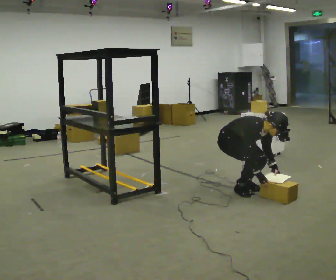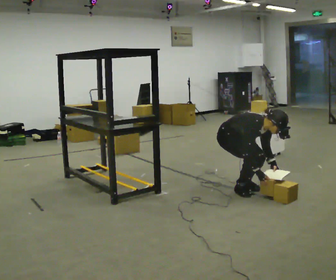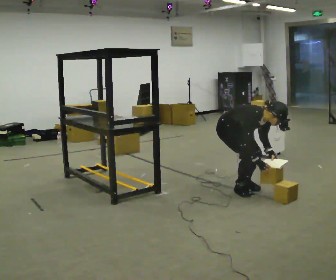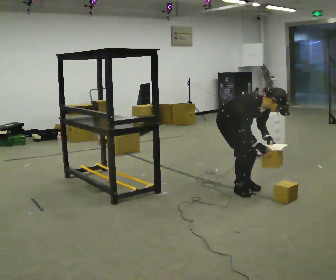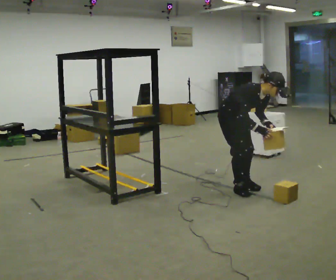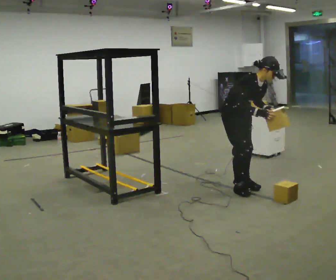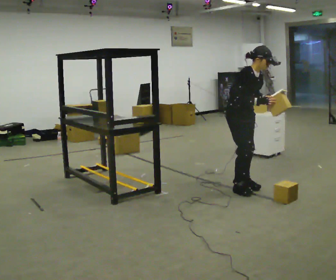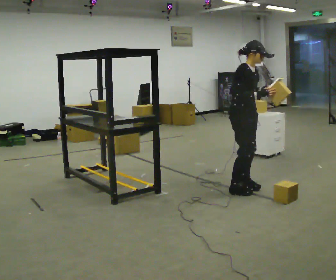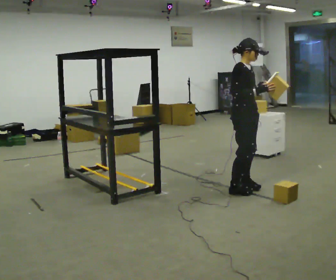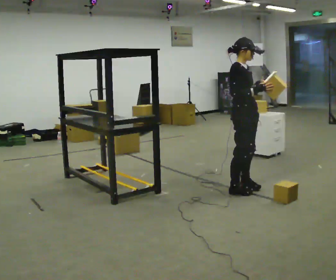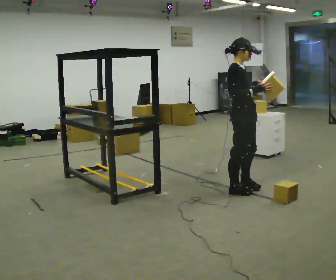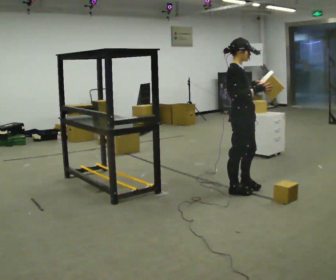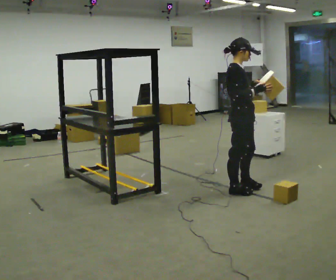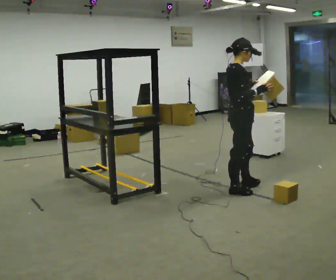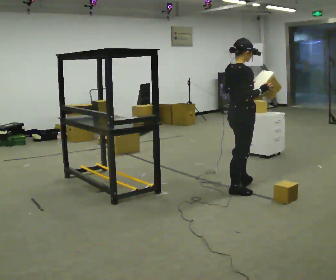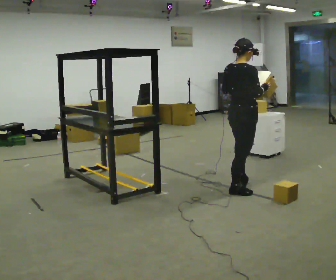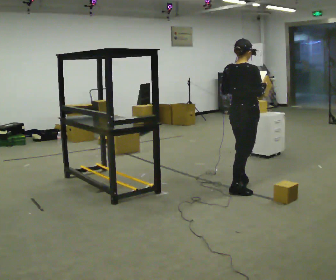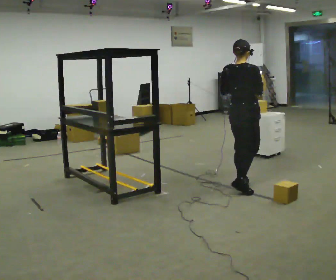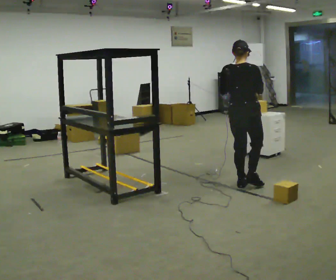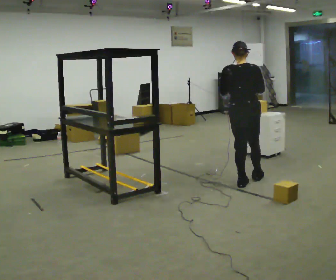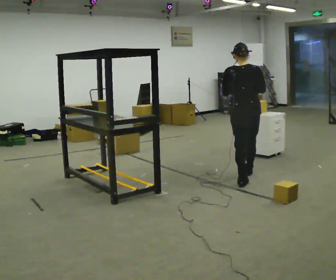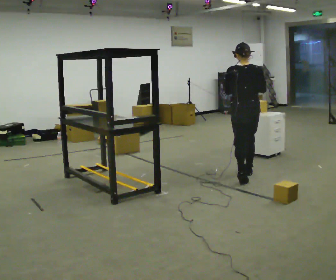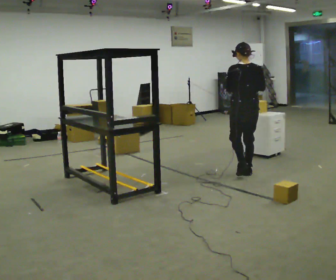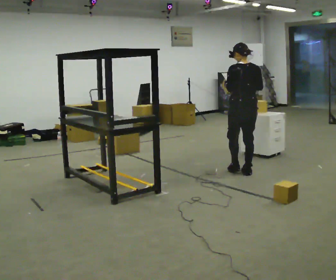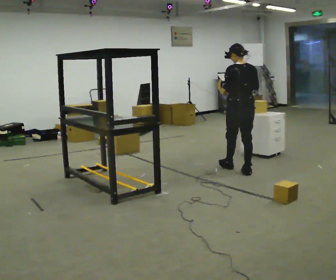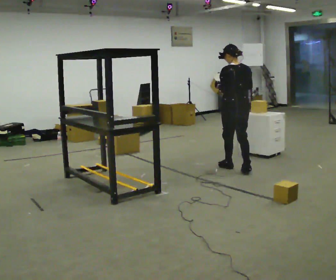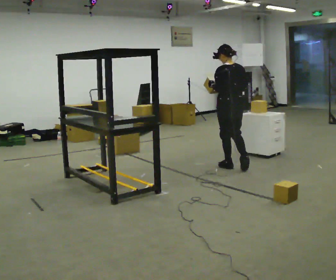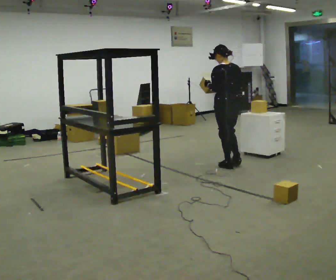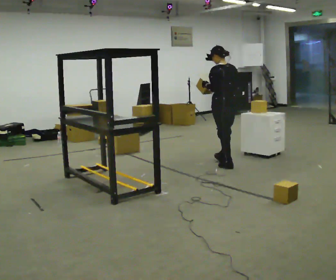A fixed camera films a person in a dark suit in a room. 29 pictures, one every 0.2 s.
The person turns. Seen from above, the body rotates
counterclockwise.
The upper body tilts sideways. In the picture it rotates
counterclockwise.
0.0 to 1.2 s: The shoulders move upward. In the picture the upper body tilts counterclockwise, shoulders to the left, as they lean back or straighten. In the picture their right hand goes upward.
1.2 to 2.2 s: In the picture they go toward the camera, about 0.25 m, which for them is to their right. In the picture the upper body tilts counterclockwise, shoulders to the left, as they lean back or straighten.
2.2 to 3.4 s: The person turns about 60 degrees to their left, counterclockwise seen from above, so the part of the body nearest the lens slides to the right. In the picture they go away from the camera, about 0.25 m, which for them is forward and to their left.
3.4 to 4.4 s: The person turns about 60 degrees to their left, counterclockwise seen from above, so the part of the body nearest the lens slides to the right. In the picture they go away from the camera, about 0.5 m in 1 step, which for them is forward.
4.4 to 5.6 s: In the picture they go away from the camera and to the left, about 0.5 m in 1 step, which for them is forward.
The film runs forward here.
